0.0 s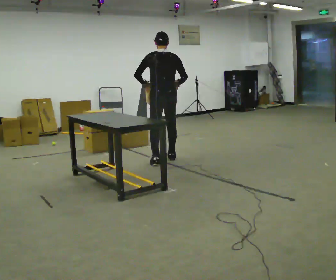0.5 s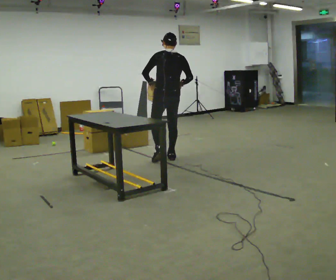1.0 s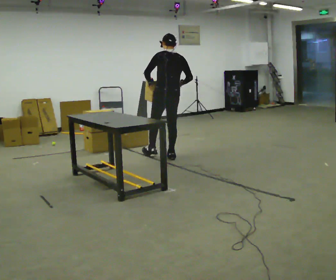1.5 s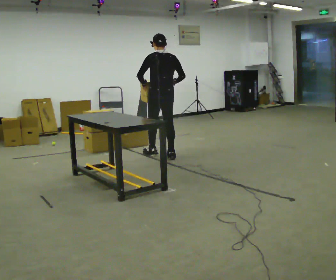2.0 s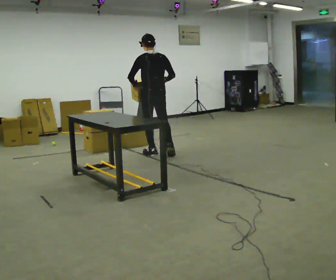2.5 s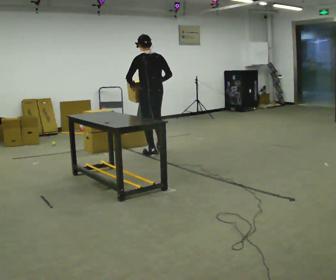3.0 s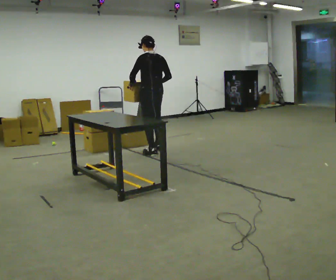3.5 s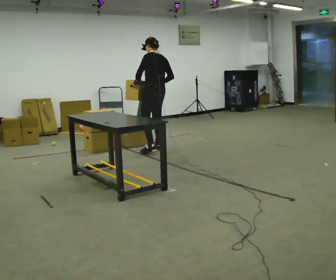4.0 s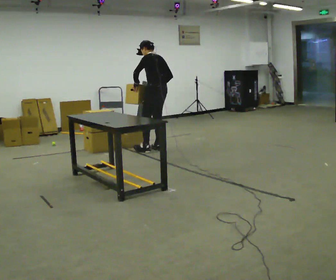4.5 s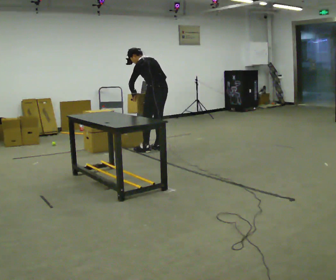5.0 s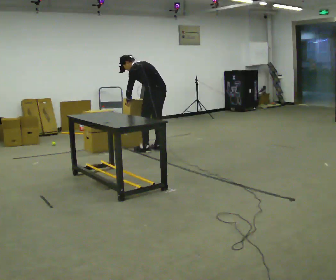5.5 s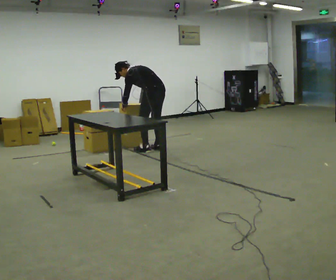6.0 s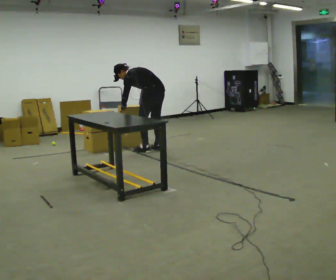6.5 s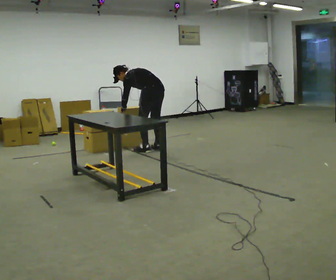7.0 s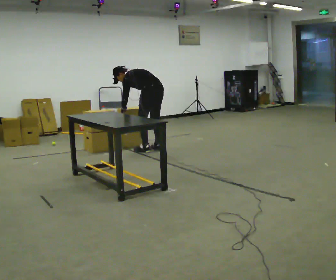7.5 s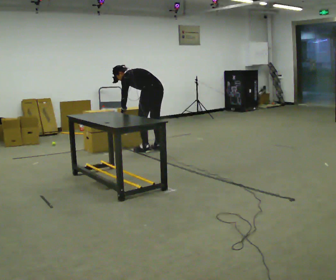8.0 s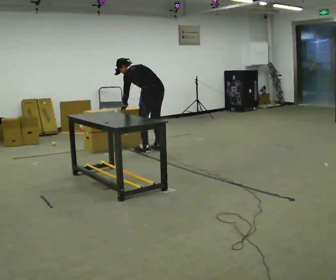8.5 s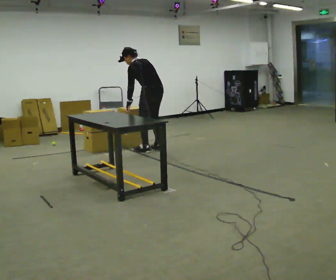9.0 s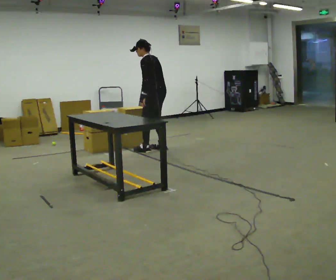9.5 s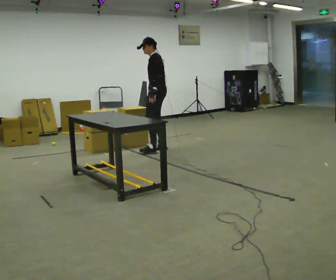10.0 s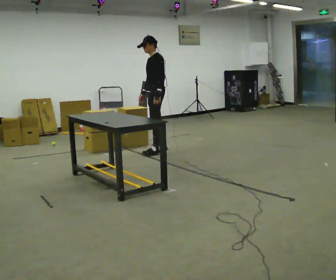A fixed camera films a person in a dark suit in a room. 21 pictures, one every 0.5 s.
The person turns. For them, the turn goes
to their left.
The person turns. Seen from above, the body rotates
counterclockwise.
0.0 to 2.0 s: In the picture they go away from the camera, about 0.5 m in 1 step, which for them is forward.
2.0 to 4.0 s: The person turns about 30 degrees to their left, counterclockwise seen from above, so the part of the body nearest the lens slides to the right. In the picture they go away from the camera, about 0.25 m in 2 steps, which for them is forward and to their right. The upper body tips away from the camera, its near side rolling upward, as they bend forward.
4.0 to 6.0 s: The upper body goes downward. In the picture the upper body tilts counterclockwise, shoulders to the left, as they bend forward. In the picture their left hand goes downward.
6.0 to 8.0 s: The person moves a little, or ends about where they began.
8.0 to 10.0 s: The part of the body nearest the lens slides to the right as the person turns to their left by about 60 degrees. The upper body goes upward. In the picture the upper body tilts clockwise, shoulders to the right, as they lean back or straighten. In the picture their left hand goes to the right.
The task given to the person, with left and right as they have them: Take an object off the waist-height shelf, carry it across the room, and set it down on the floor. Keep going until the operator says stop; one object at a time, and do not rush between trips.
The film runs forward here.
